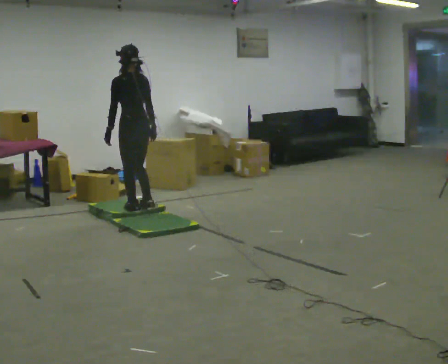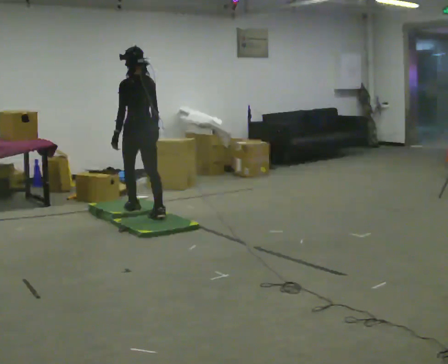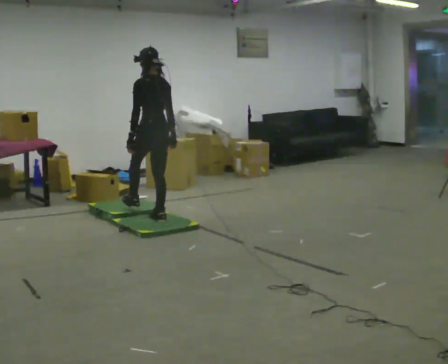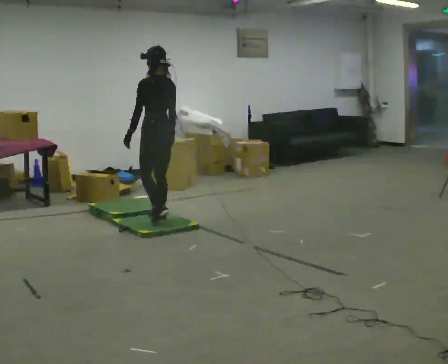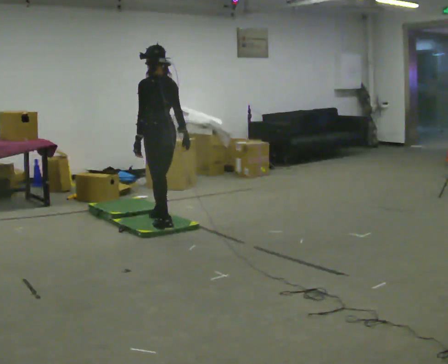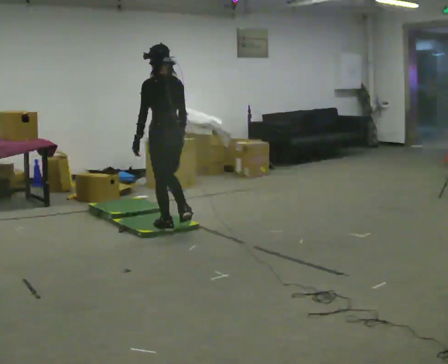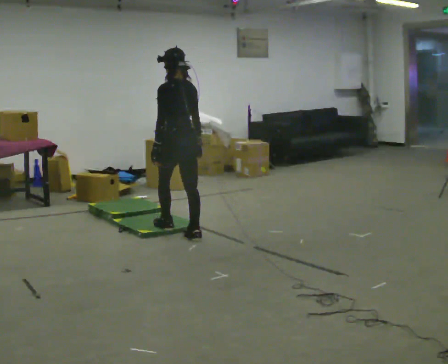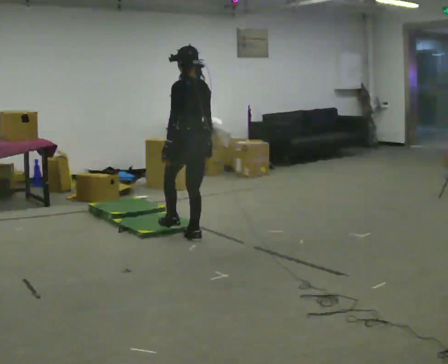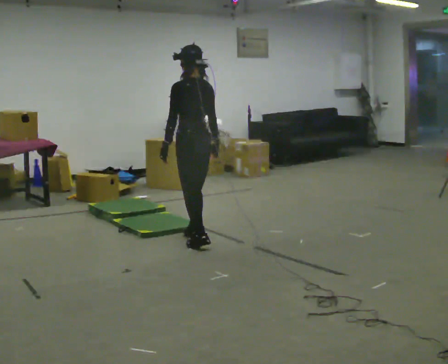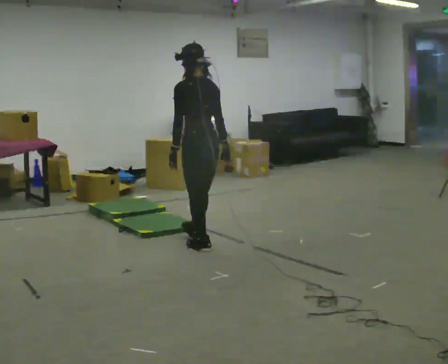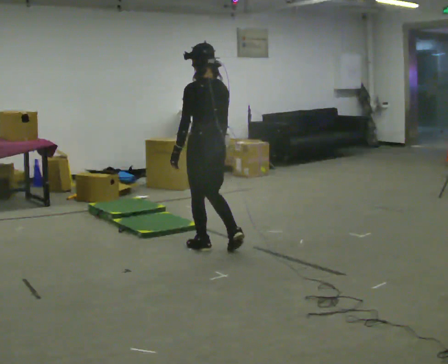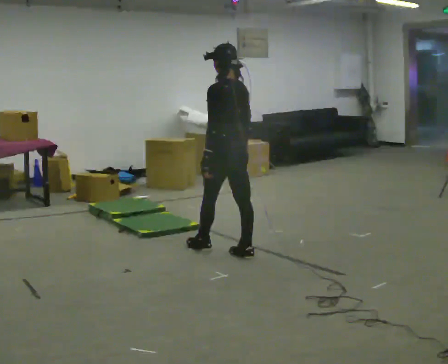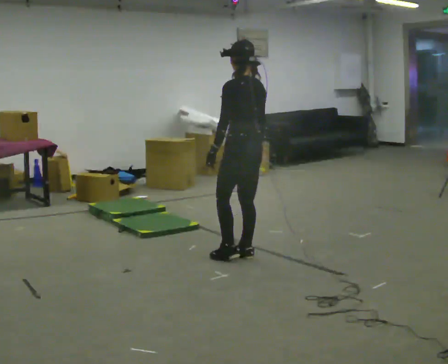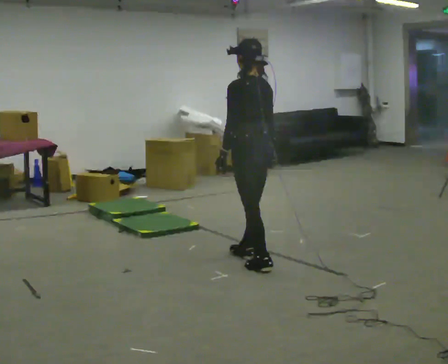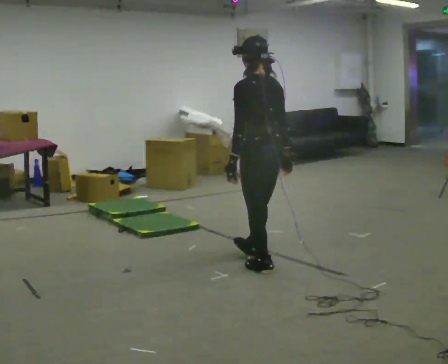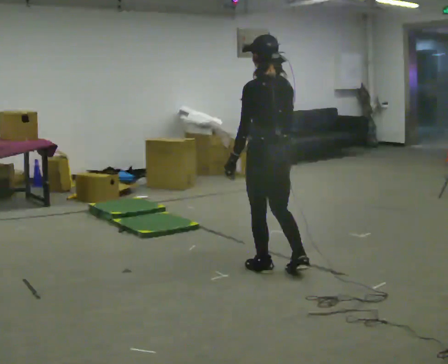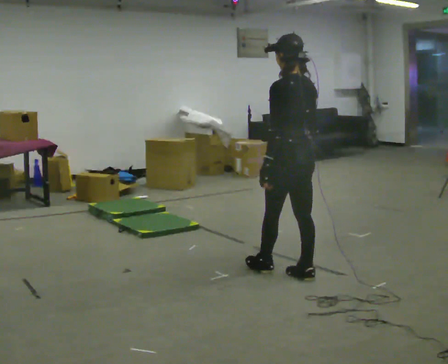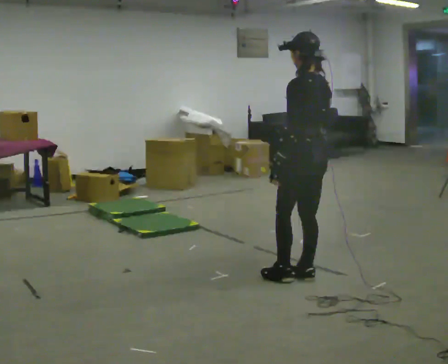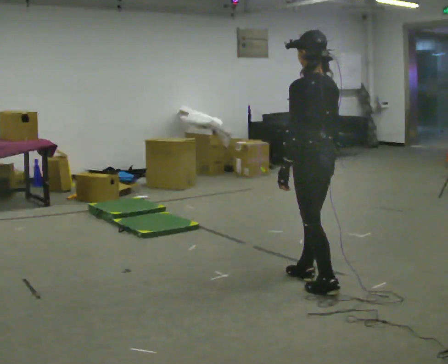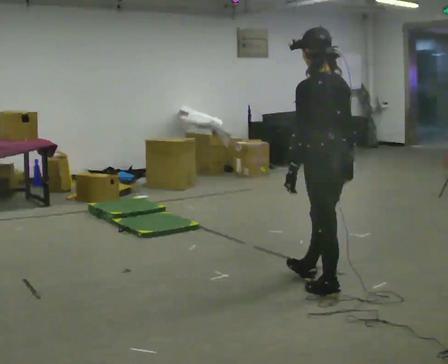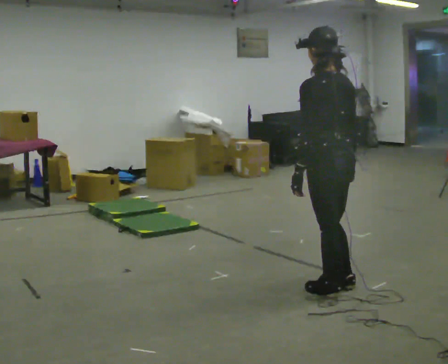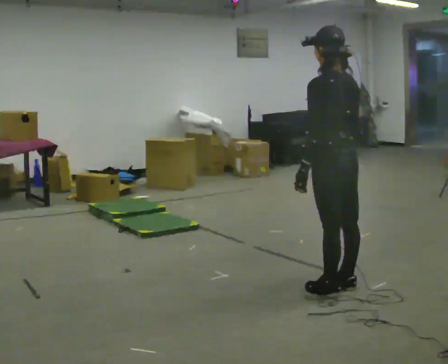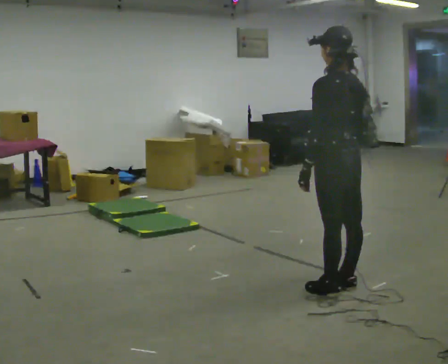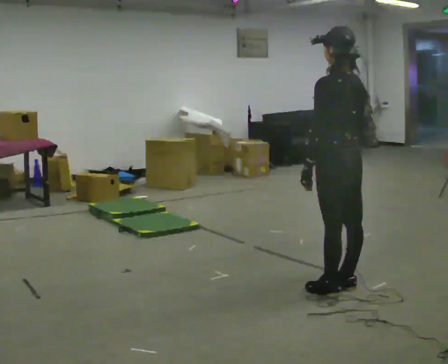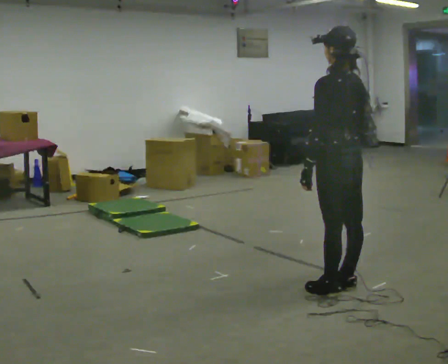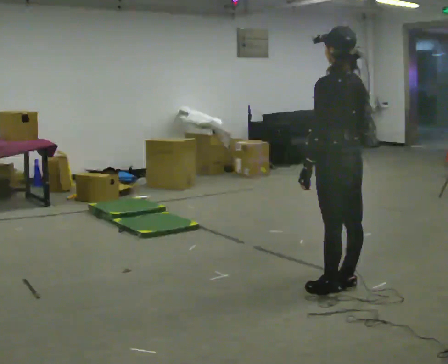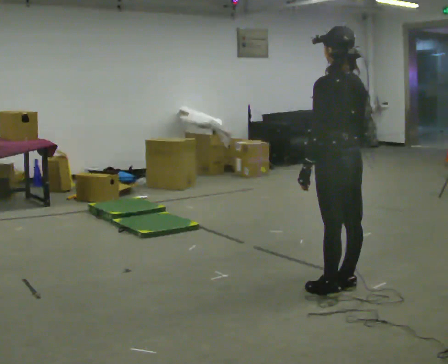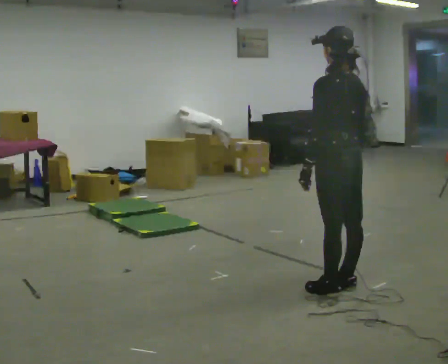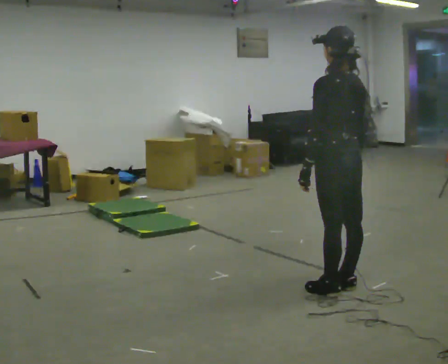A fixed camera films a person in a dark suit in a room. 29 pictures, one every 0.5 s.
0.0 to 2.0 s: In the picture they go to the right and toward the camera, about 0.5 m in 1 step, which for them is backward.
2.0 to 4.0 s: In the picture they go to the right and toward the camera, about 0.5 m in 2 steps, which for them is backward.
4.0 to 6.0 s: In the picture they go to the right and toward the camera, about 0.5 m in 2 steps, which for them is backward.
6.0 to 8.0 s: In the picture they go toward the camera and to the right, about 0.5 m in 1 step, which for them is backward.
8.0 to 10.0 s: In the picture they go toward the camera and to the right, about 0.5 m in 2 steps, which for them is backward.
10.0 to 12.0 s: The person moves a little, or ends about where they began.
12.0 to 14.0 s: The person keeps their place and pose.
The film runs backward here.
